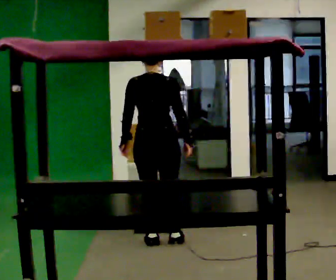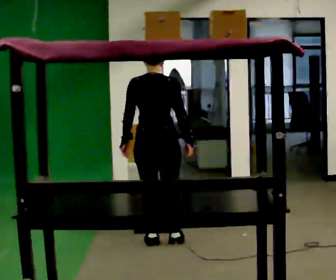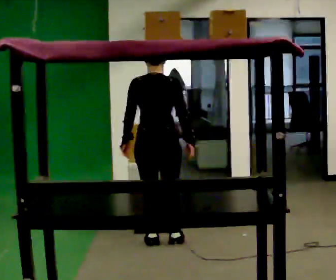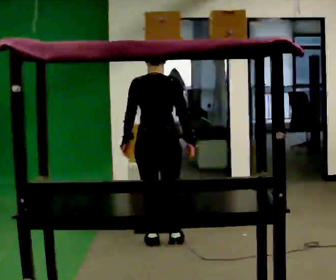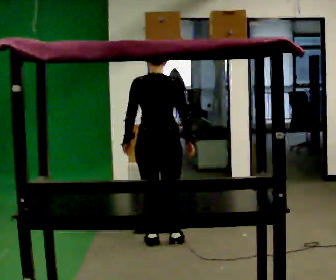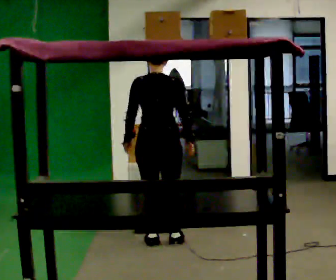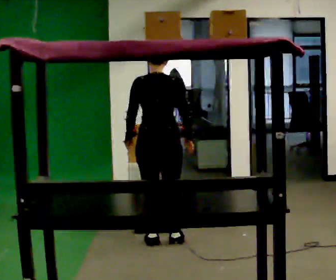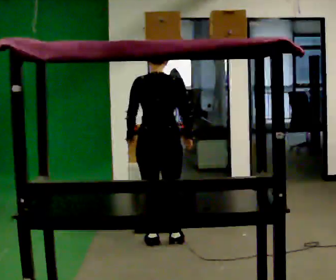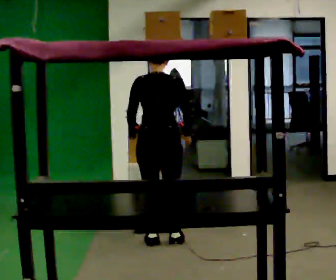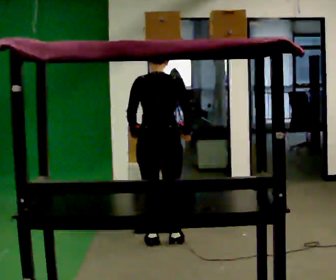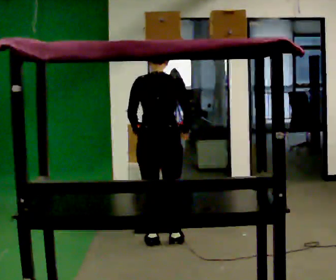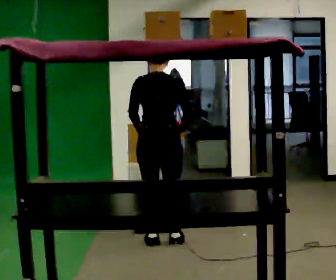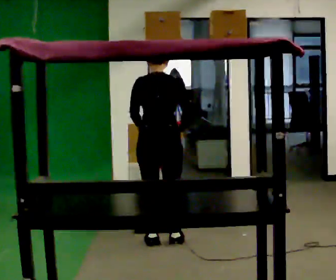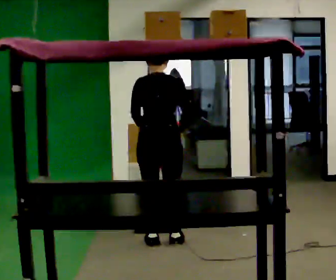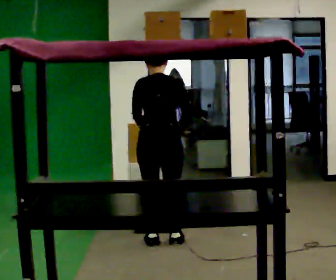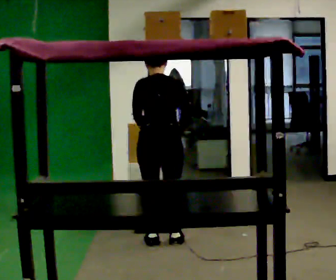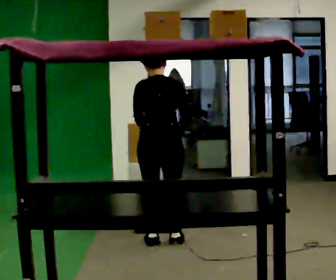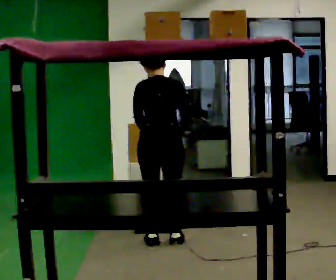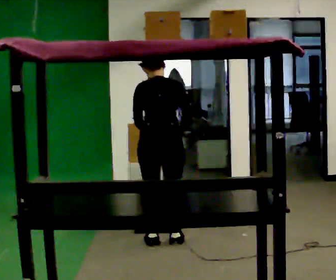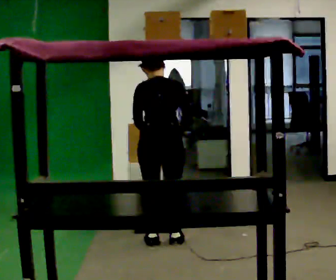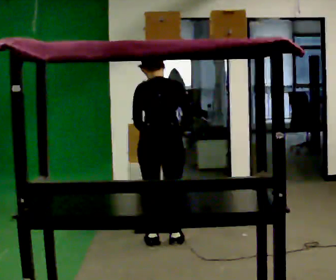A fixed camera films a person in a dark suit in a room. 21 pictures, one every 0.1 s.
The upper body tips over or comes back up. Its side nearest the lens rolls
upward.
0.0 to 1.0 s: The person moves a little, or ends about where they began.
1.0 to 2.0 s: The upper body tips away from the camera, its near side rolling upward, as they bend forward.
The film runs backward here.
